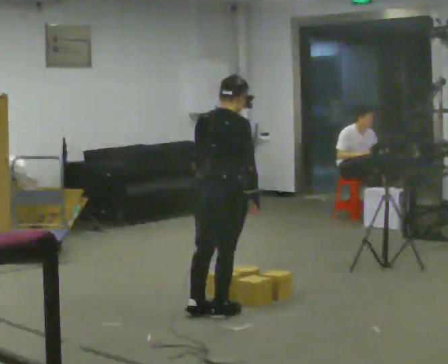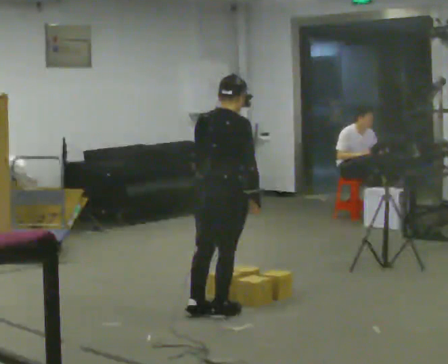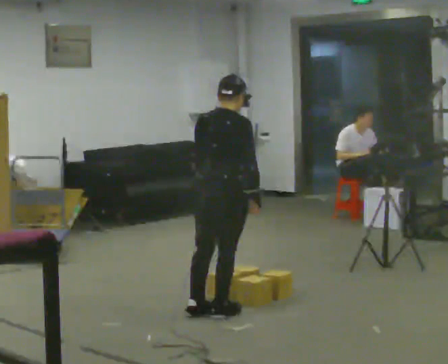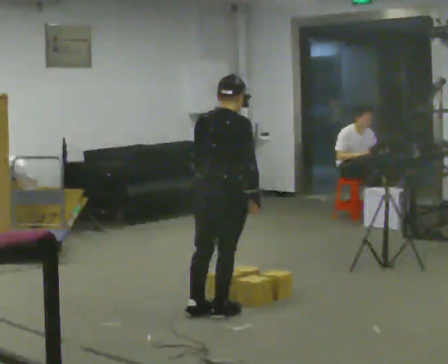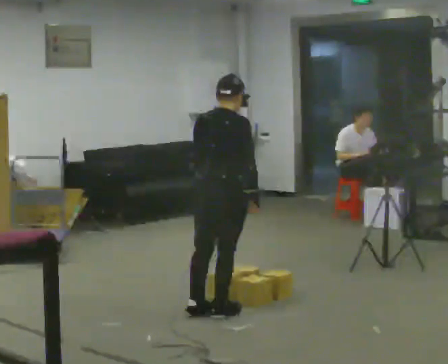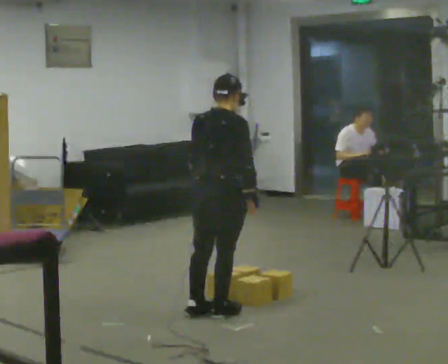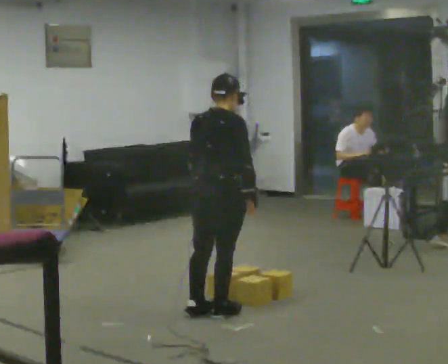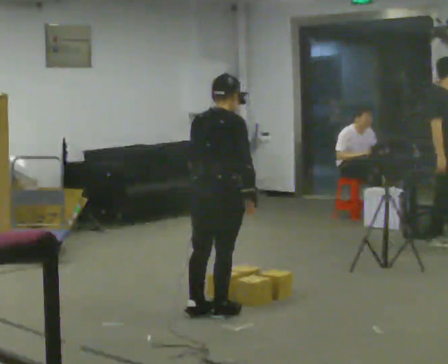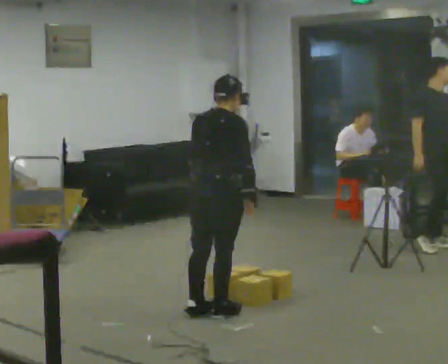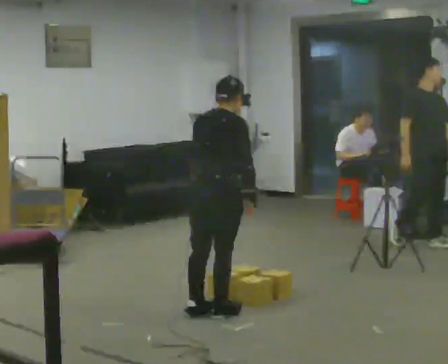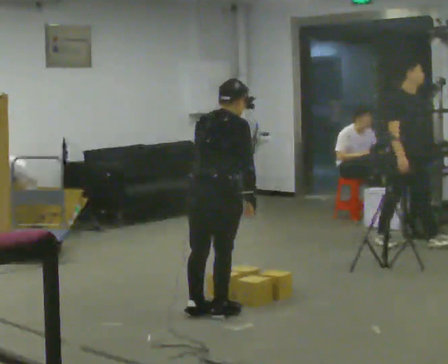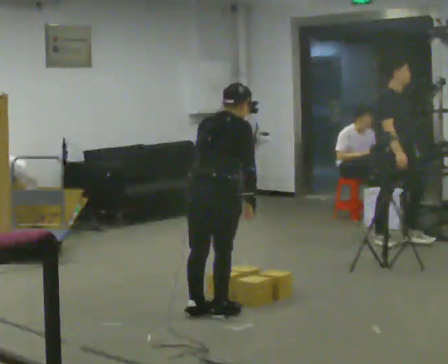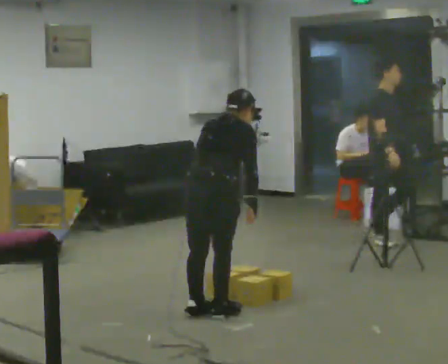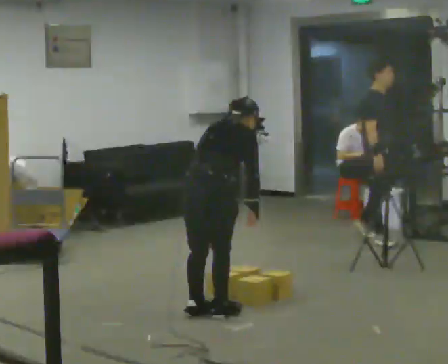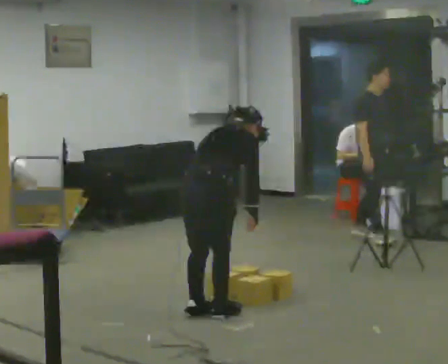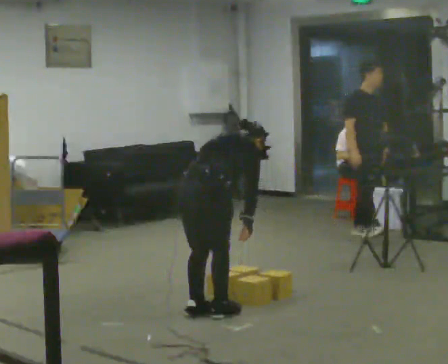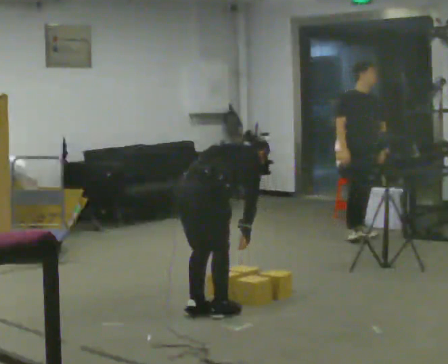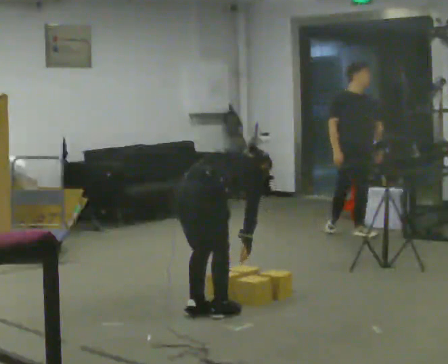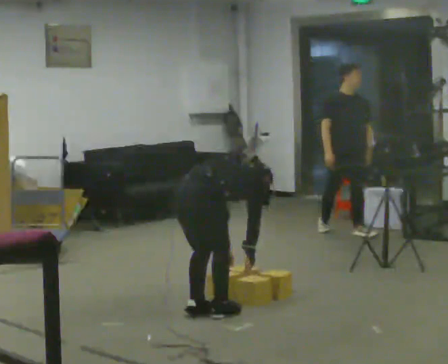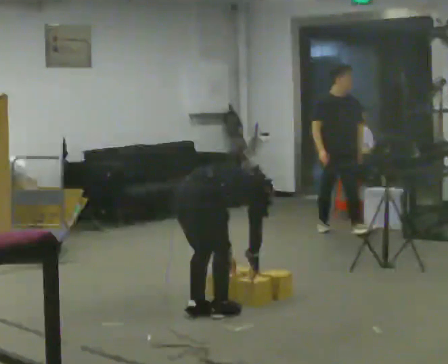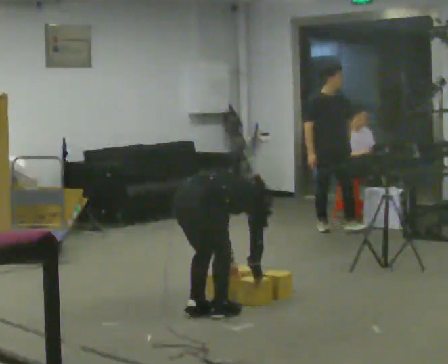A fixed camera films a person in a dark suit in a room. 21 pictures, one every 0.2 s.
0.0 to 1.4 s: The person moves a little, or ends about where they began.
1.4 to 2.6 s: The upper body tips away from the camera, its near side rolling upward, as they bend forward.
2.6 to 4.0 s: The upper body goes downward. The upper body tips away from the camera, its near side rolling upward, as they bend forward. In the picture their right hand goes downward.
The film runs backward here.
